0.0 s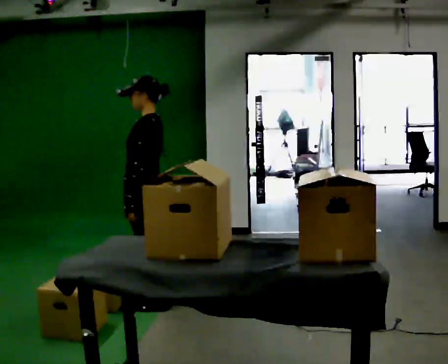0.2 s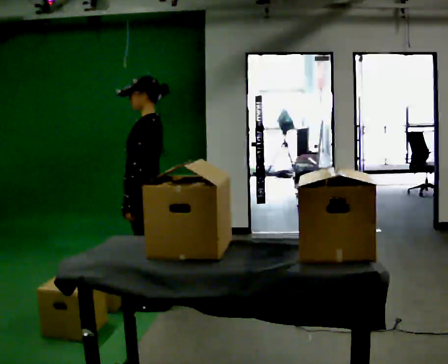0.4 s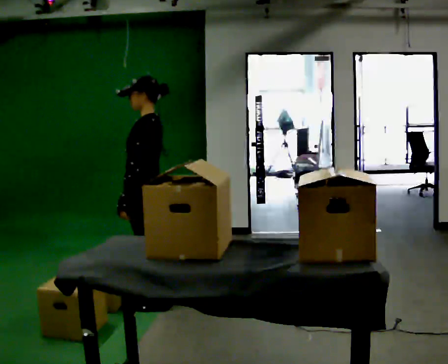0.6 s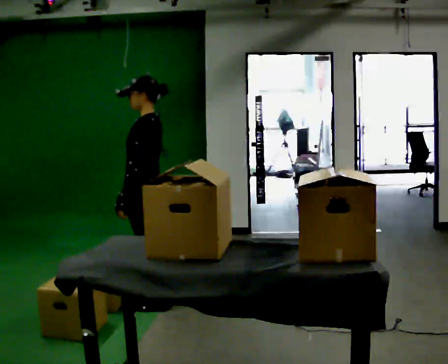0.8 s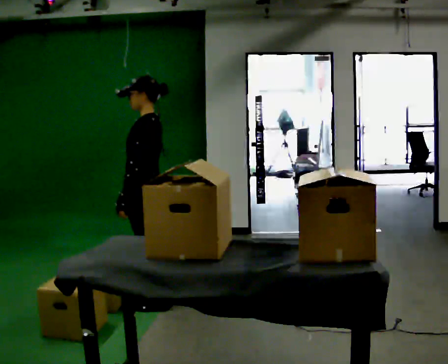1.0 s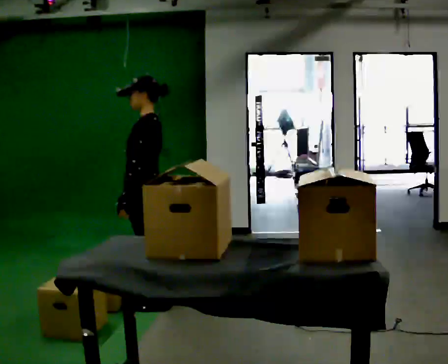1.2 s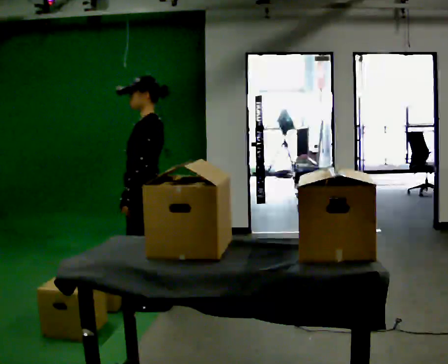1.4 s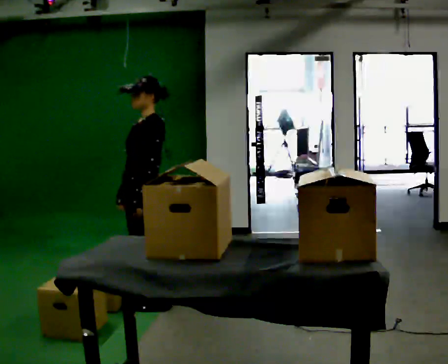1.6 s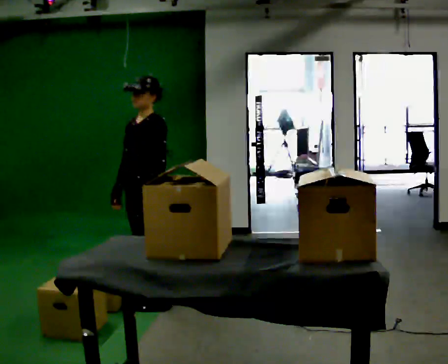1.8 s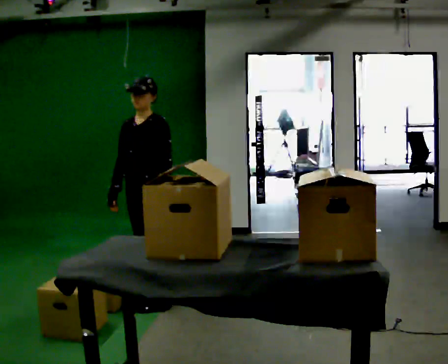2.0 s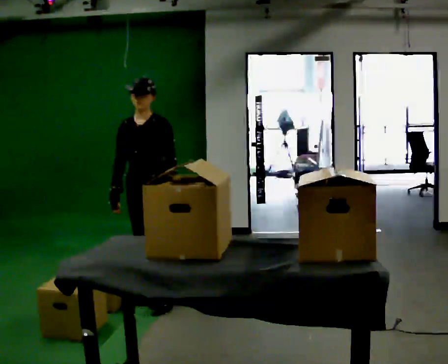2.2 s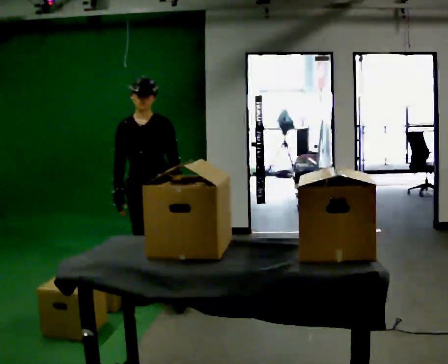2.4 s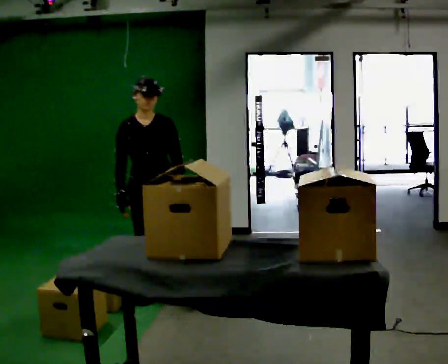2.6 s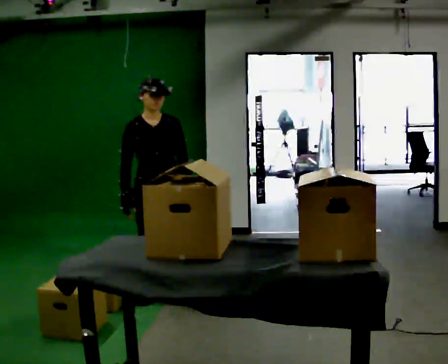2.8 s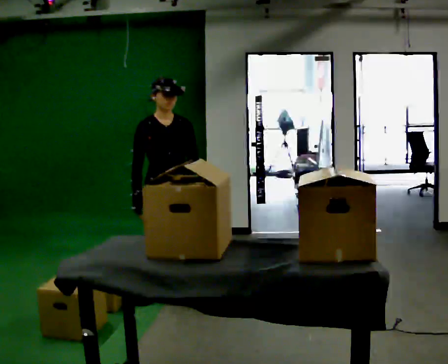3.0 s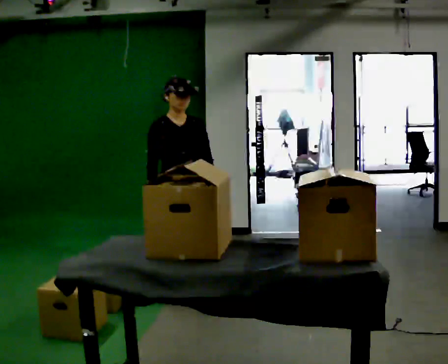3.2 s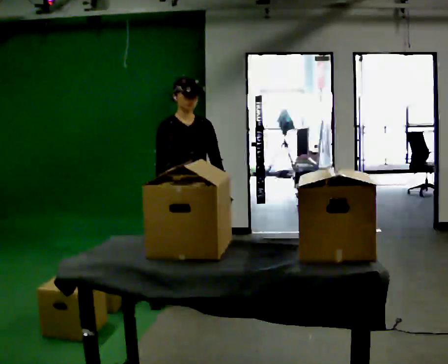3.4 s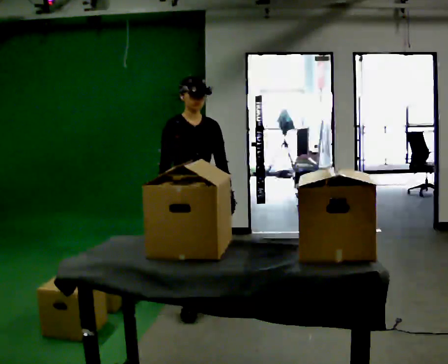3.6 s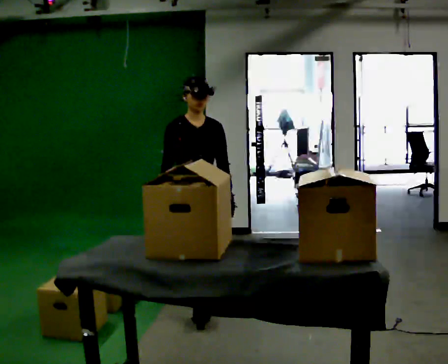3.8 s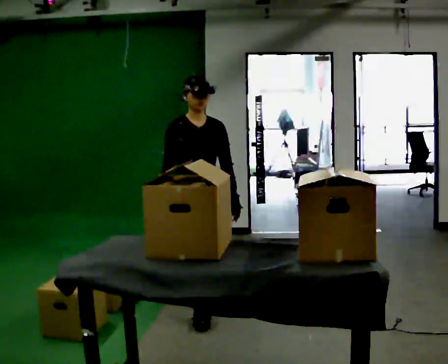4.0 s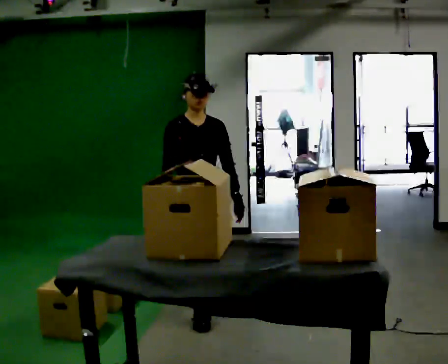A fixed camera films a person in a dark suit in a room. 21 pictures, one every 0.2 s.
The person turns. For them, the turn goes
to their left.
The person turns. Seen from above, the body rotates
counterclockwise.
0.0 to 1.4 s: The person turns about 30 degrees to their left, counterclockwise seen from above, so the part of the body nearest the lens slides to the right.
1.4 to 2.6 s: The person turns about 75 degrees to their left, counterclockwise seen from above, so the part of the body nearest the lens slides to the right. In the picture their left hand goes to the right.
2.6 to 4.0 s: In the picture they go toward the camera and to the right, about 0.5 m in 1 step, which for them is forward.
The film runs forward here.
